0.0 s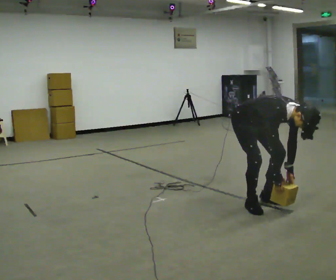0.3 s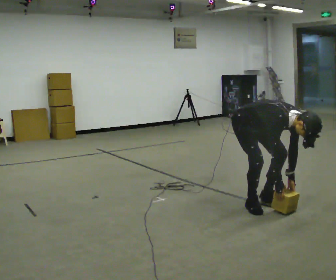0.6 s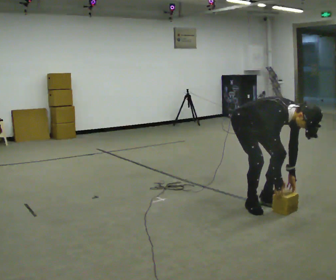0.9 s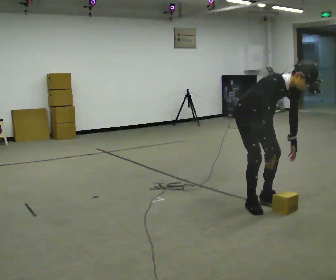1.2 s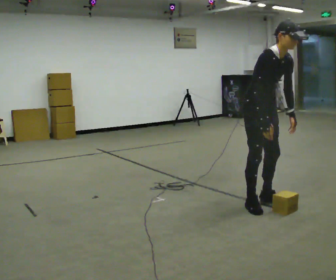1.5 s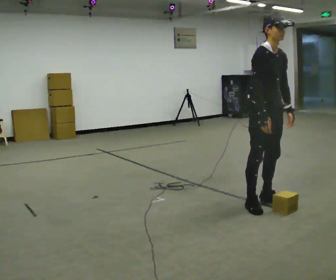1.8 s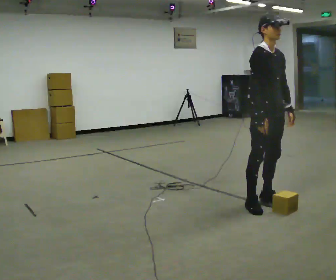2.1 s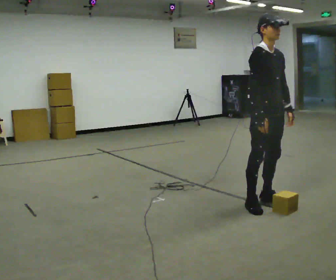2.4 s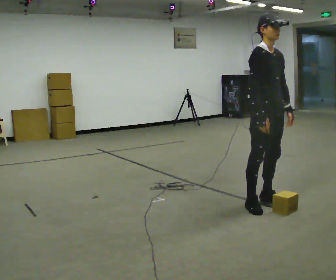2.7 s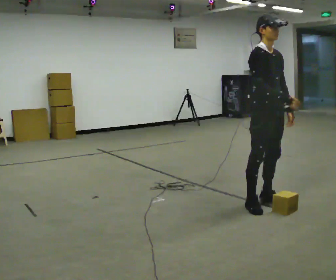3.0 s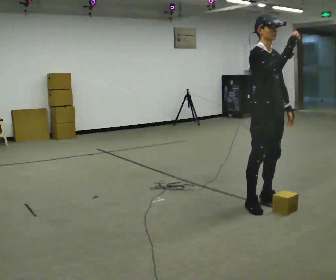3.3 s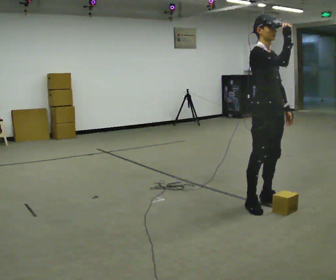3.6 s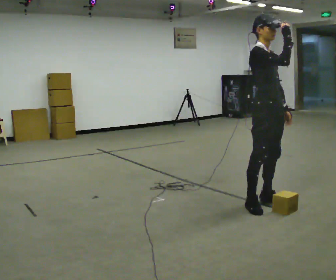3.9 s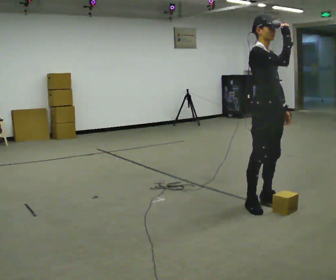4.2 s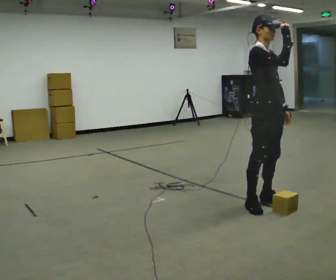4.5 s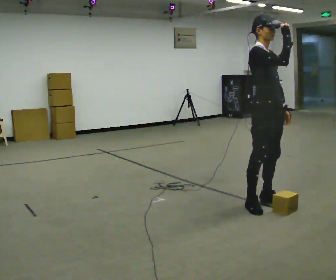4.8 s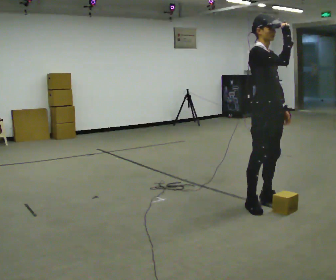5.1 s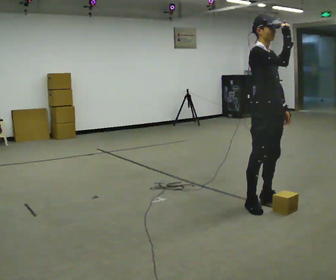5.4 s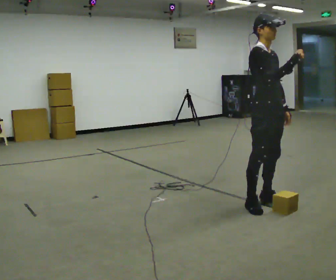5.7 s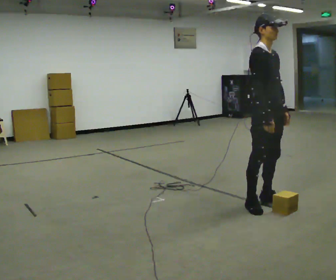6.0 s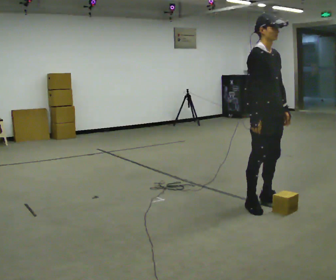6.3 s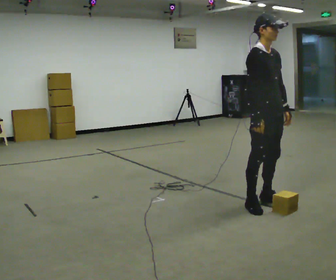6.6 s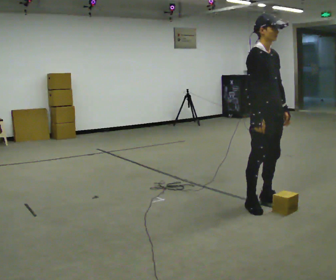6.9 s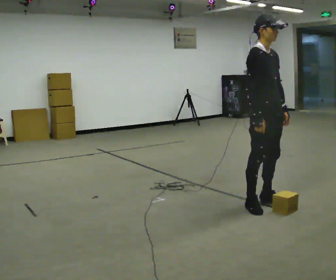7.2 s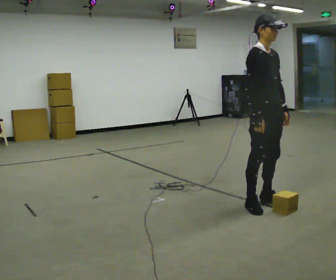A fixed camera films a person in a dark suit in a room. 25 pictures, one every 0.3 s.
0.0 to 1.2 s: The shoulders move upward. In the picture the upper body tilts counterclockwise, shoulders to the left, as they lean back or straighten. In the picture their right hand goes upward.
1.2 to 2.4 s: In the picture the upper body tilts counterclockwise, shoulders to the left, as they lean back or straighten.
2.4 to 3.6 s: In the picture their right hand goes upward.
3.6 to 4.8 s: The person keeps their place and pose.
4.8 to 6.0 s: In the picture their right hand goes downward.
6.0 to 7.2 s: The person moves a little, or ends about where they began.
The film runs forward here.
